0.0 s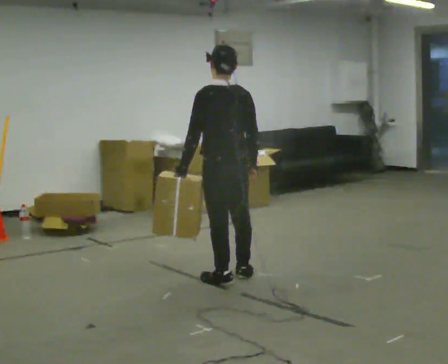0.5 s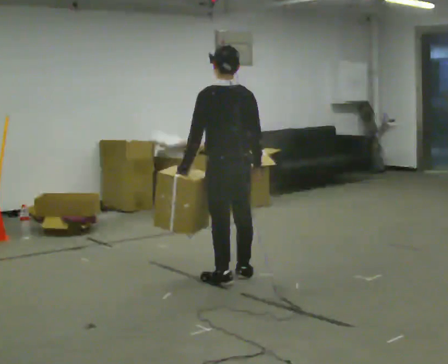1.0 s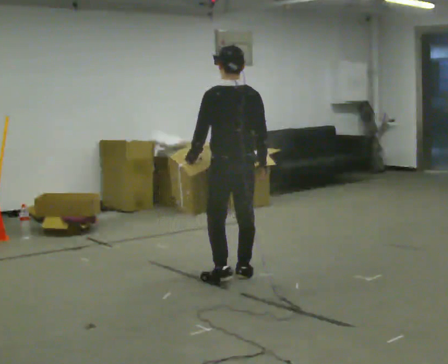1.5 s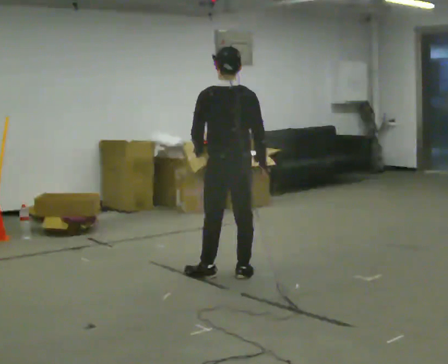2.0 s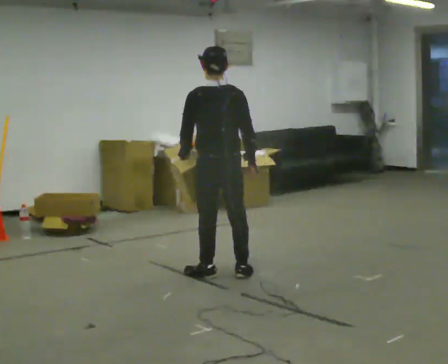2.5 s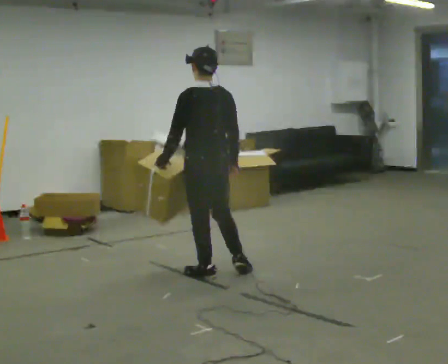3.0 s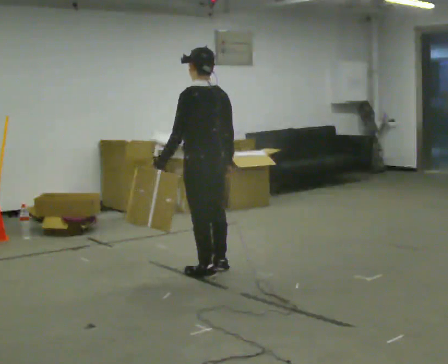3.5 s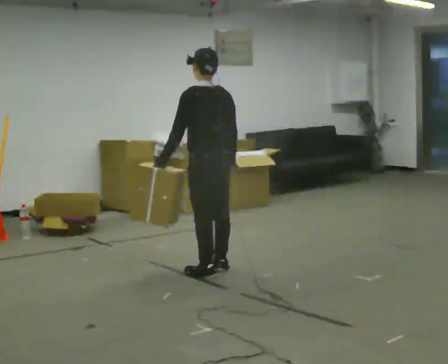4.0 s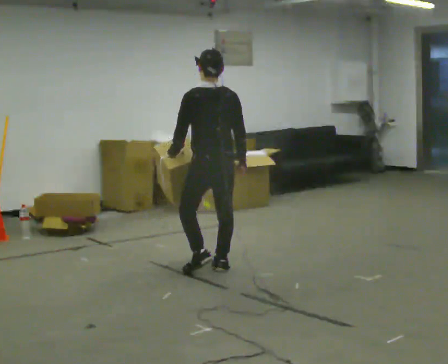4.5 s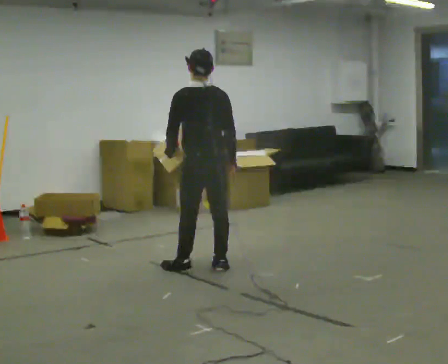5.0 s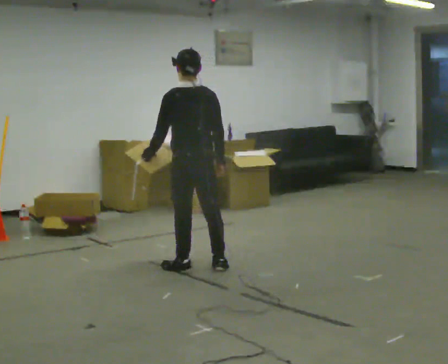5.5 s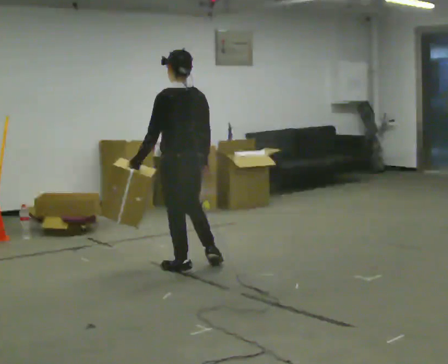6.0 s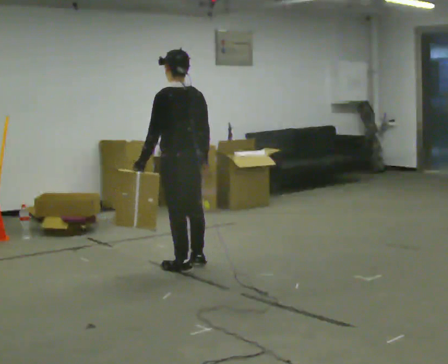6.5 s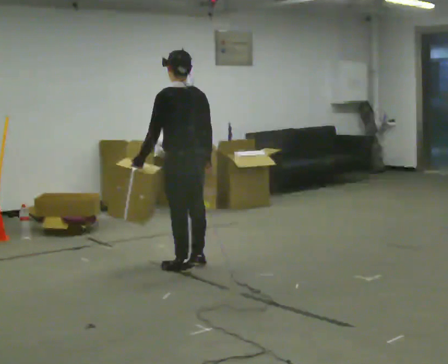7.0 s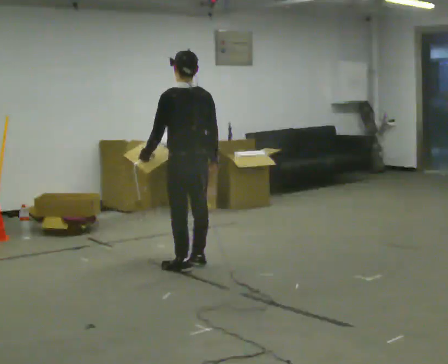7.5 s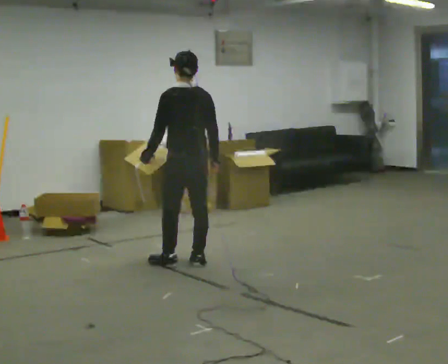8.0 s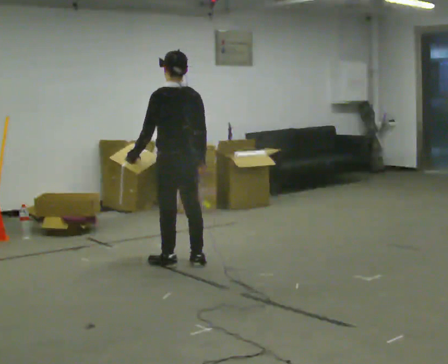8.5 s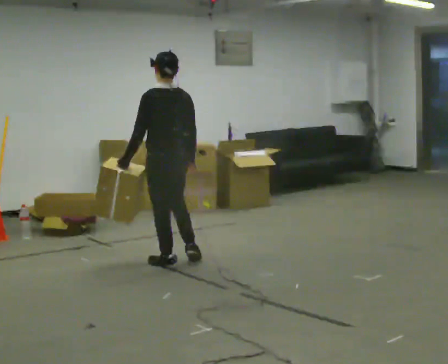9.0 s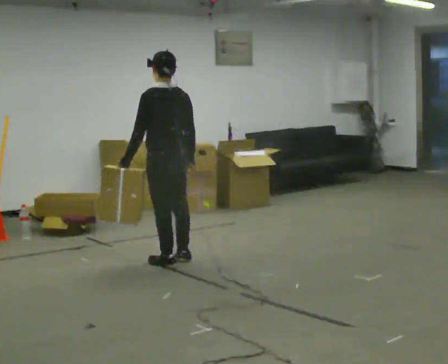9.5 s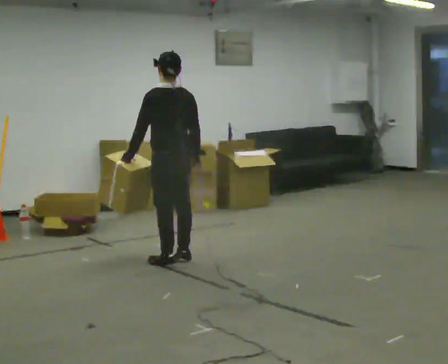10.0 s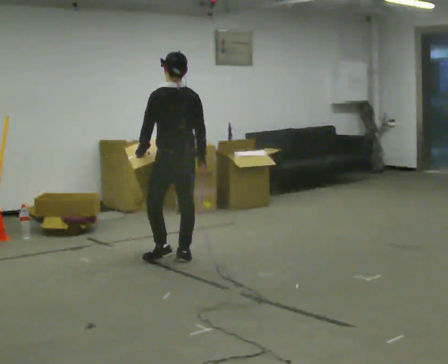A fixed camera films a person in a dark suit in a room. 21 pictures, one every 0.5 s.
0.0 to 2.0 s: The person moves a little, or ends about where they began.
2.0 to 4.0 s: In the picture they go away from the camera, about 0.25 m in 1 step, which for them is forward.
4.0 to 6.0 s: In the picture they go to the left, about 0.25 m in 2 steps, which for them is to their left and forward.
6.0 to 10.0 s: In the picture they go away from the camera, about 0.25 m in 2 steps, which for them is forward.
The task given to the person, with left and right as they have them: Carry the object in the hand the operator calls, down at your side, walking back and forth across the room.
The film runs forward here.
